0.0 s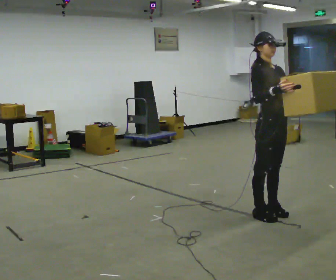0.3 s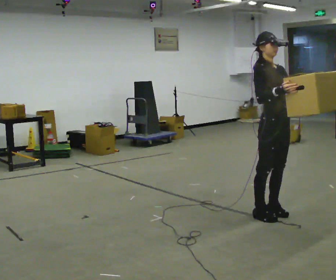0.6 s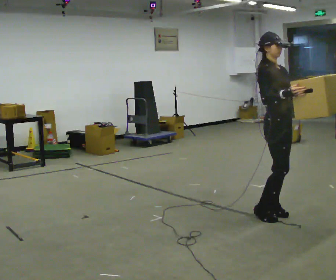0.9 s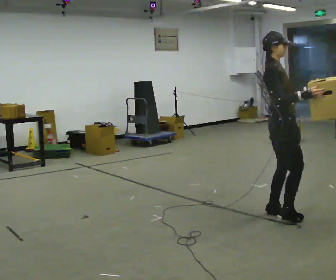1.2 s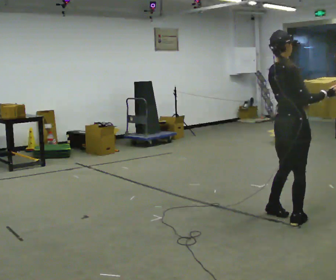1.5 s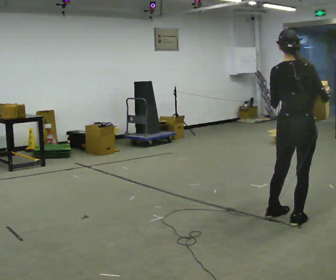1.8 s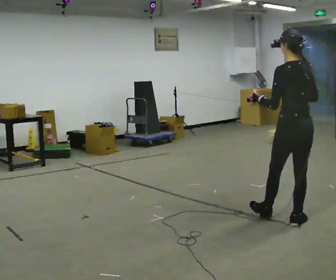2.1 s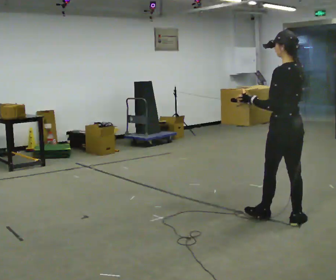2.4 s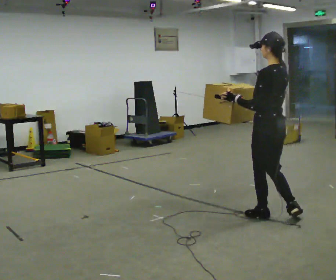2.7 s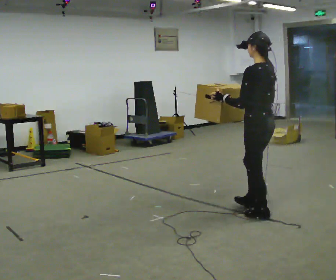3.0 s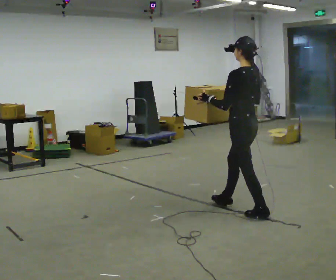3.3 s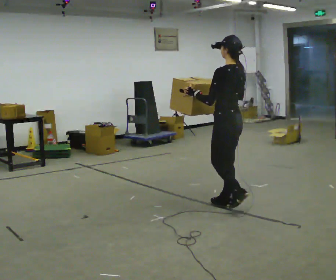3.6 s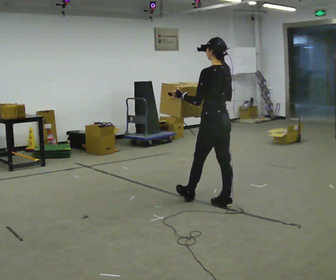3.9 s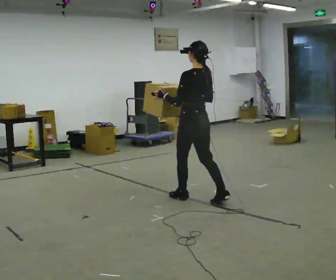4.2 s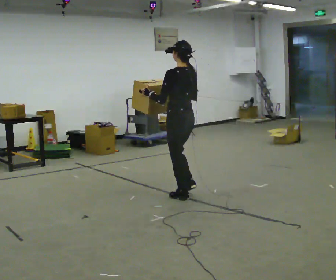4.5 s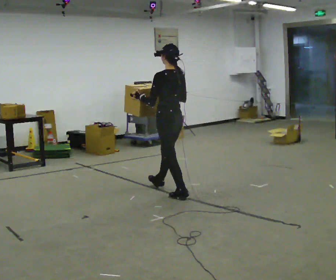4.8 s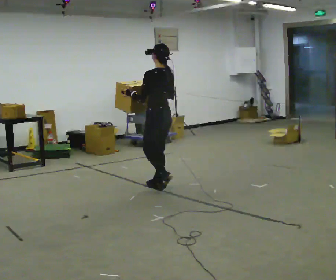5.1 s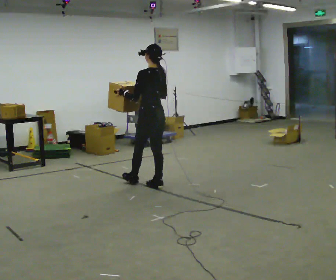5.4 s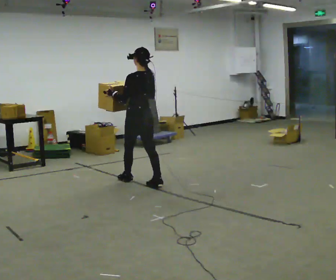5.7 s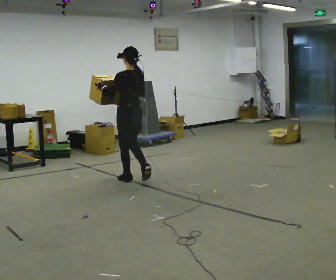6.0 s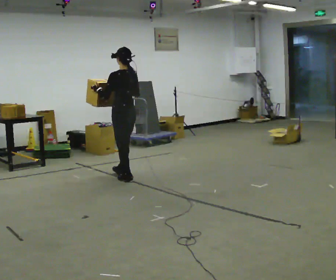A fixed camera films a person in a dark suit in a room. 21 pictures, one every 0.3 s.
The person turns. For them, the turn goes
to their left.
The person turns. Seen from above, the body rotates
counterclockwise.
0.0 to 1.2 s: The part of the body nearest the lens slides to the right as the person turns to their left by about 75 degrees. In the picture their right hand goes to the right.
1.2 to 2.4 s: Seen from above the body turns counterclockwise, about 105 degrees: to their left, with its near side sliding to the right. In the picture their right hand goes to the left.
2.4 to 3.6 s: In the picture they go away from the camera and to the left, about 0.75 m in 1 step, which for them is forward.
3.6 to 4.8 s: In the picture they go to the left and away from the camera, about 1 m in 2 steps, which for them is forward.
4.8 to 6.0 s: In the picture they go to the left and away from the camera, about 0.5 m in 1 step, which for them is forward.
The film runs forward here.
